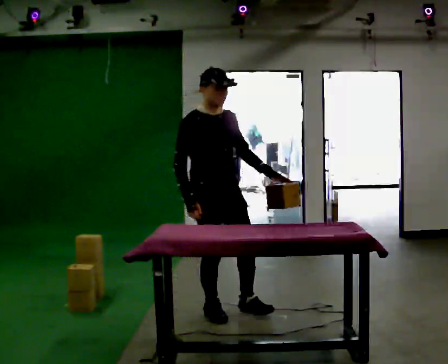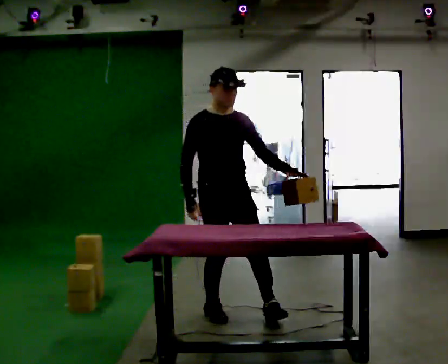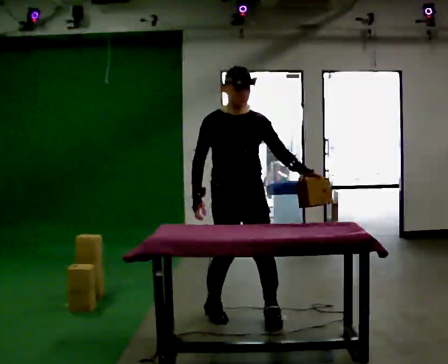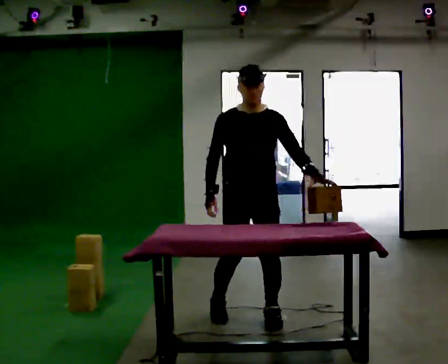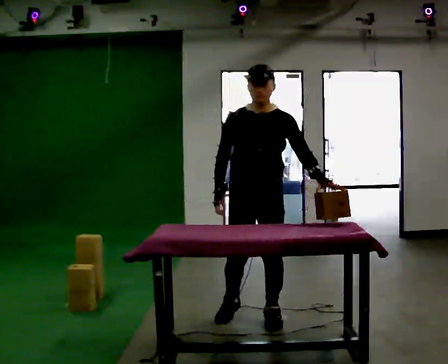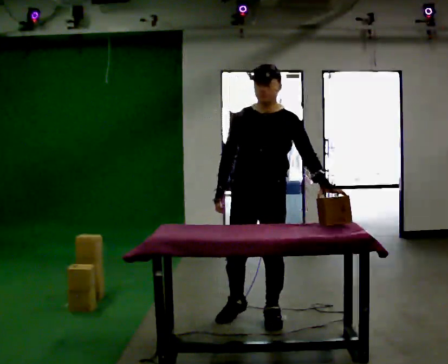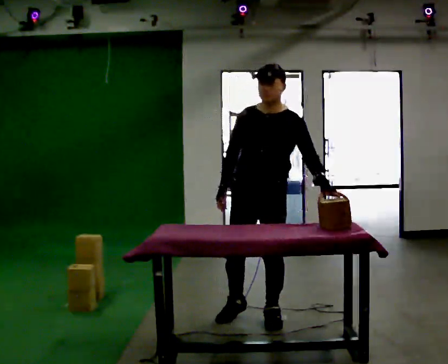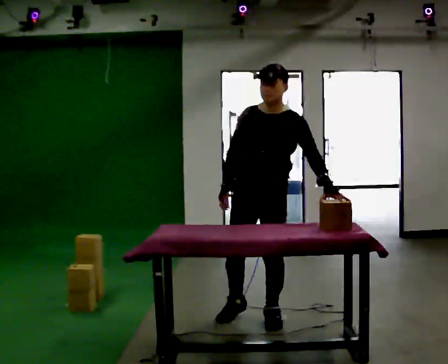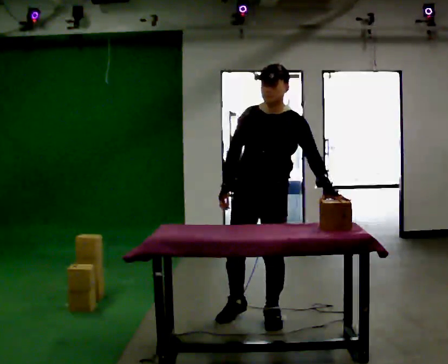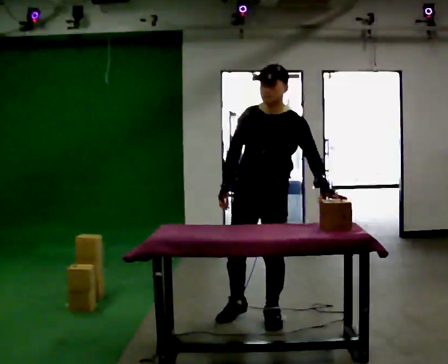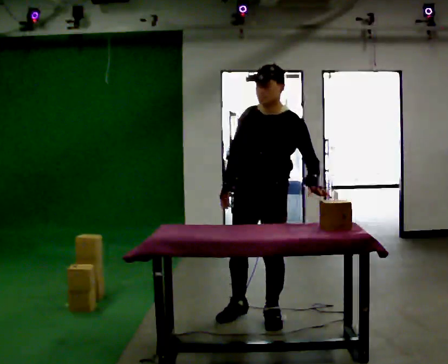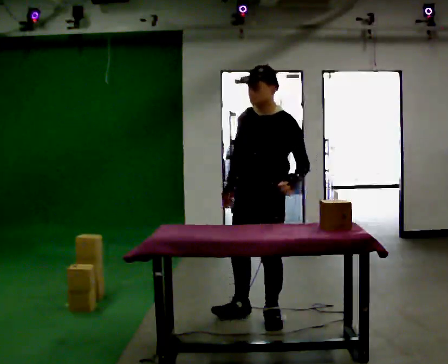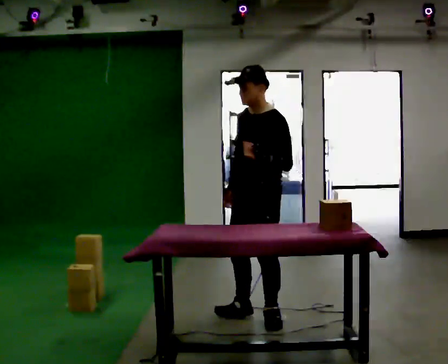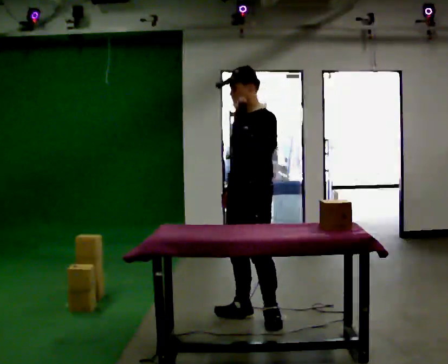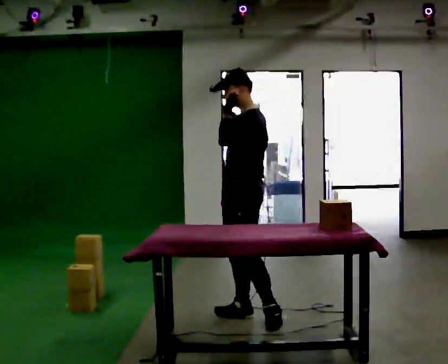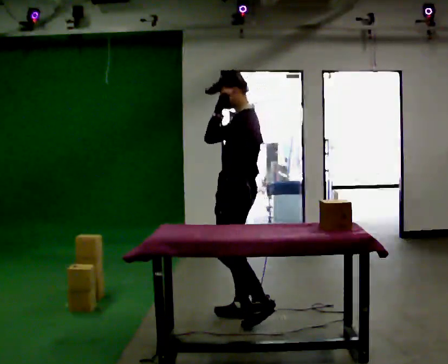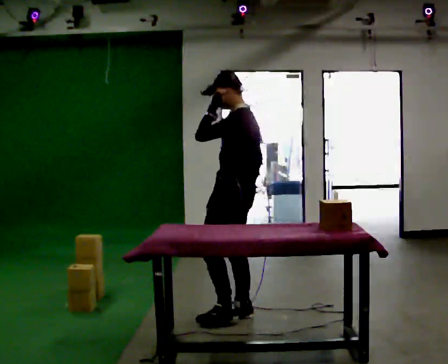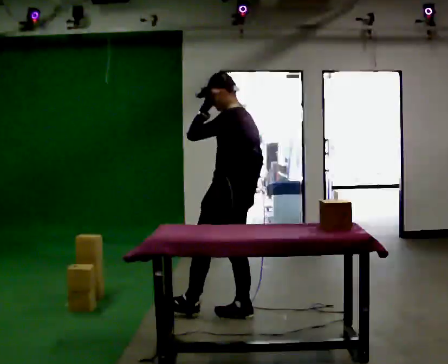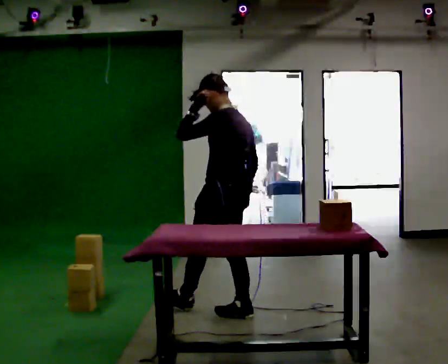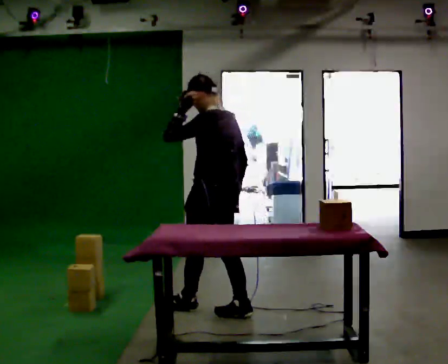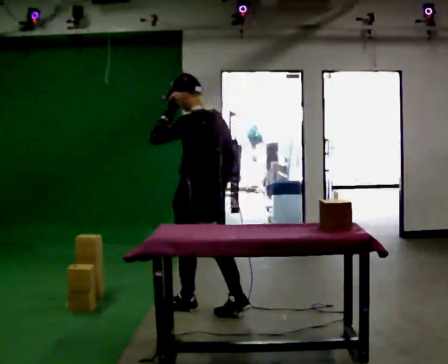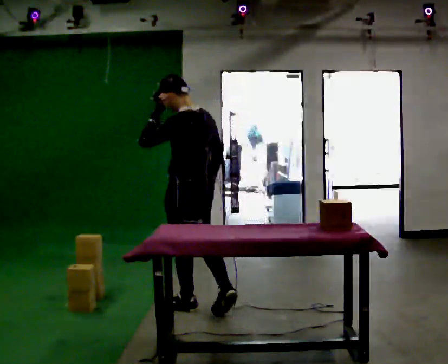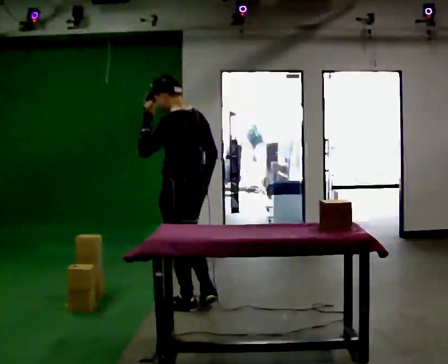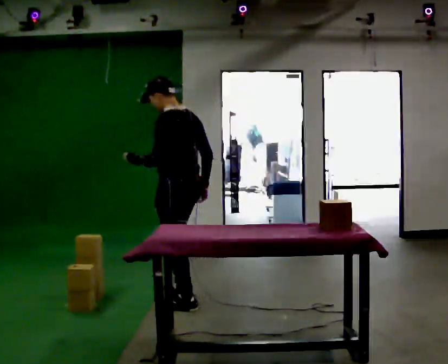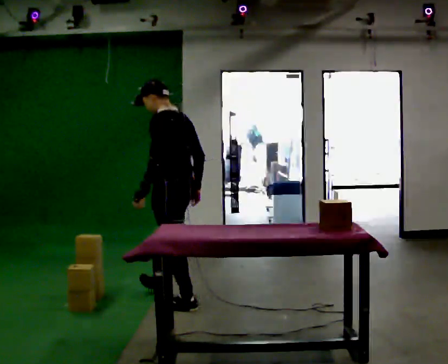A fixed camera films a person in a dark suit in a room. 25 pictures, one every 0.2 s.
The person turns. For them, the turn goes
to their right.
The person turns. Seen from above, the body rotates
clockwise.
0.0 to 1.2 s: Seen from above the body turns clockwise, about 60 degrees: to their right, with its near side sliding to the left. In the picture they go to the right, about 0.5 m in 2 steps, which for them is to their left and forward.
1.2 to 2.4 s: The part of the body nearest the lens slides to the left as the person turns to their right by about 30 degrees. In the picture their left hand goes to the left.
2.4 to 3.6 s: The person turns about 75 degrees to their right, clockwise seen from above, so the part of the body nearest the lens slides to the left. In the picture they go to the left, about 0.25 m. In the picture their left hand goes upward.
3.6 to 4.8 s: In the picture they go to the left and away from the camera, about 0.5 m in 1 step, which for them is forward. In the picture their left hand goes downward.
The film runs forward here.
